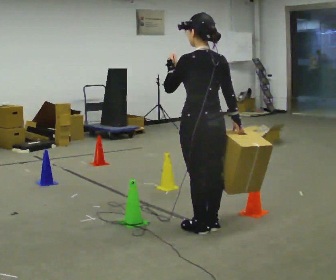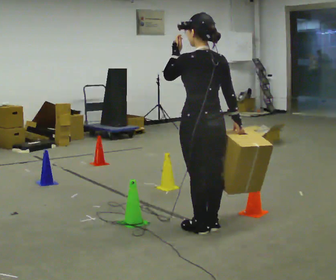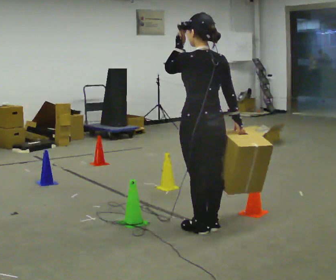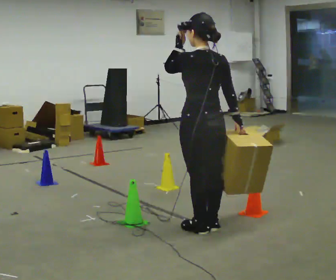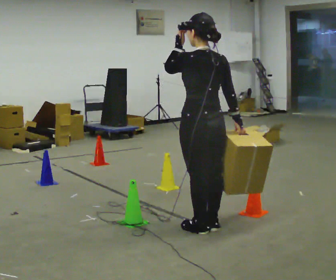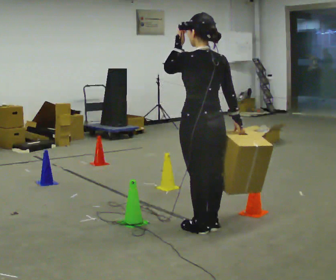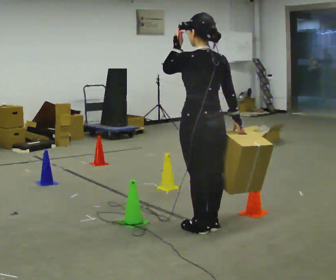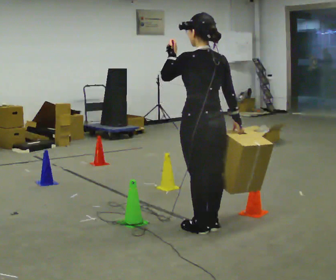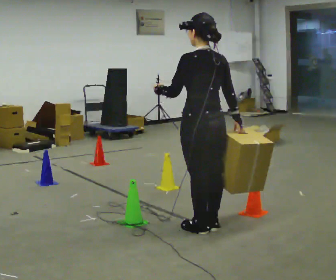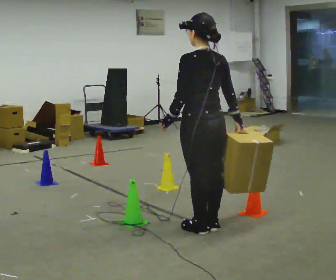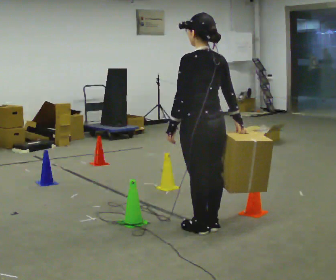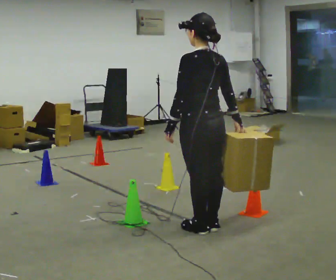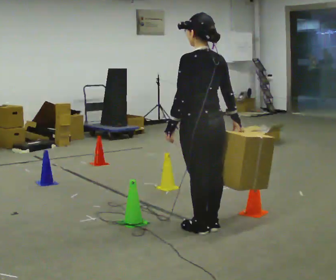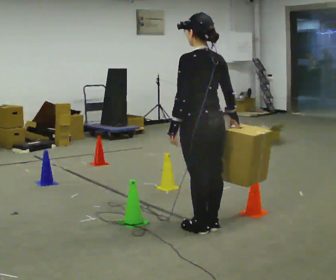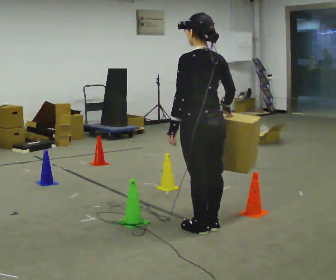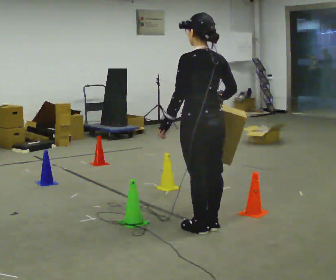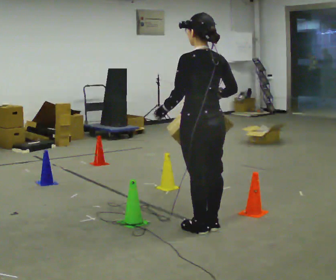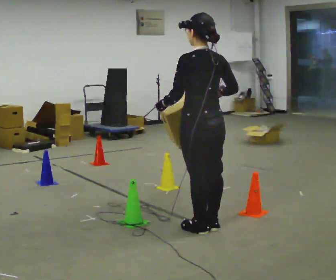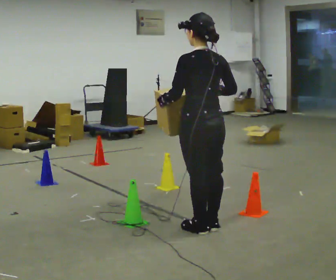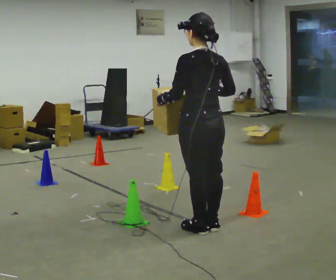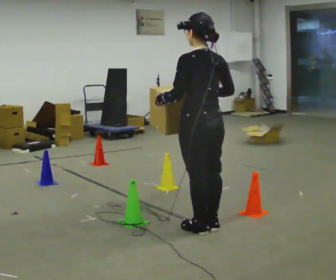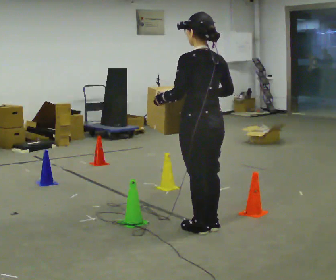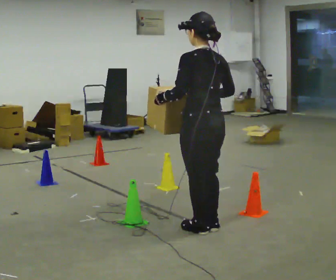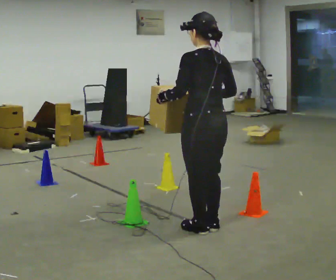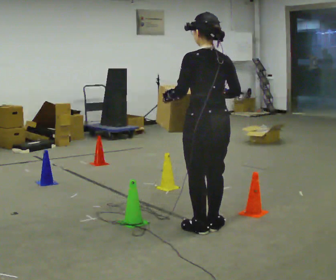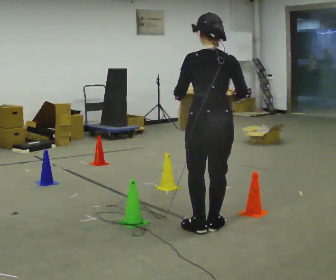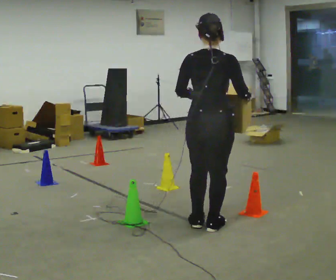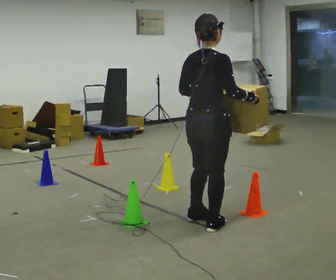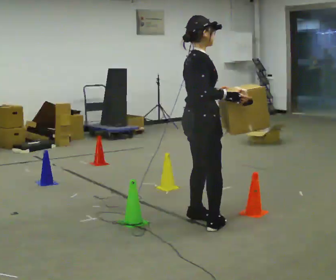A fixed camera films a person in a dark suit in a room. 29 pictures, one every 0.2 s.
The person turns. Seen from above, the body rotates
clockwise.
The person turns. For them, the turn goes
to their right.
0.0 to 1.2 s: The person moves a little, or ends about where they began.
1.2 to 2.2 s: In the picture their left hand goes downward.
2.2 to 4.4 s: The person moves a little, or ends about where they began.
4.4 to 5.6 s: Seen from above the body turns clockwise, about 120 degrees: to their right, with its near side sliding to the left. In the picture they go away from the camera, about 0.25 m in 2 steps.
The film runs backward here.
